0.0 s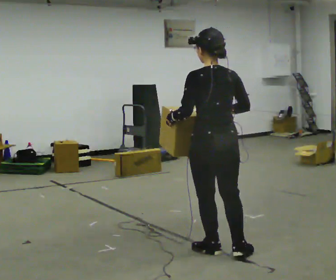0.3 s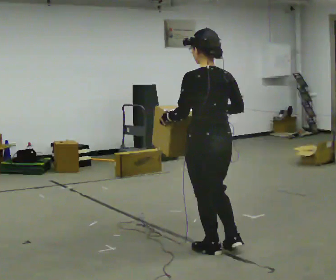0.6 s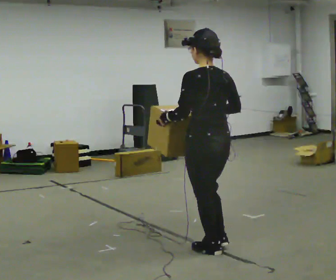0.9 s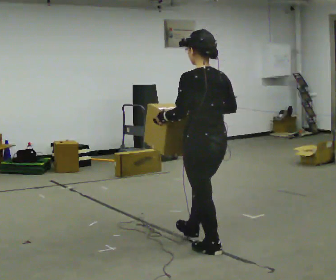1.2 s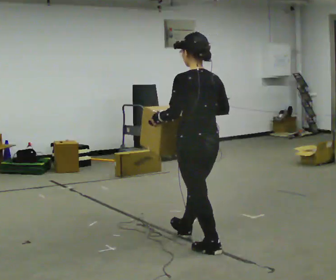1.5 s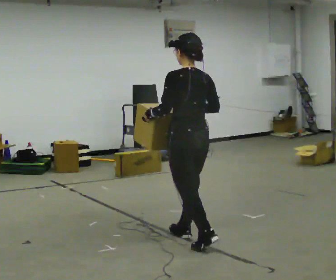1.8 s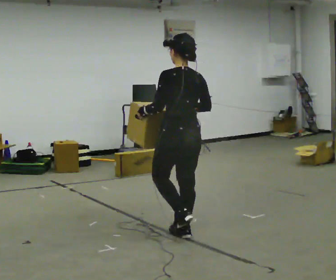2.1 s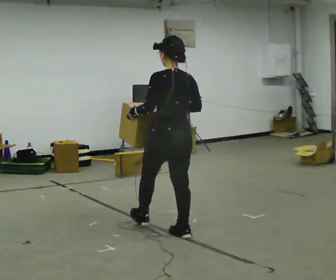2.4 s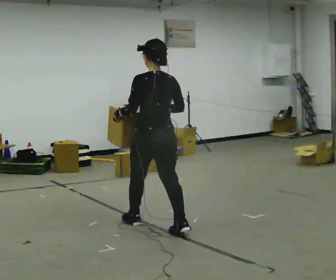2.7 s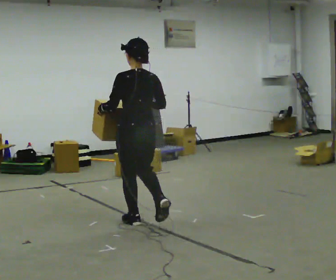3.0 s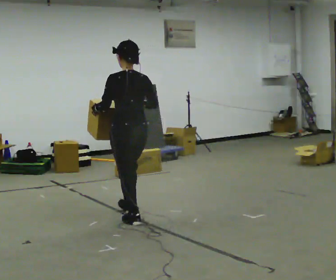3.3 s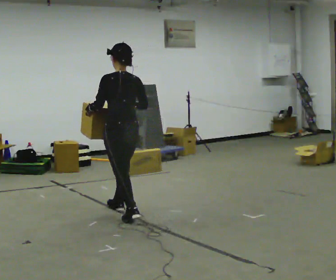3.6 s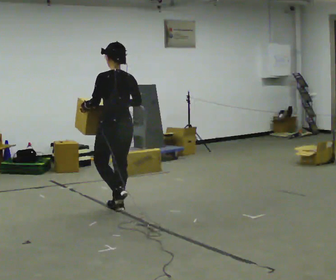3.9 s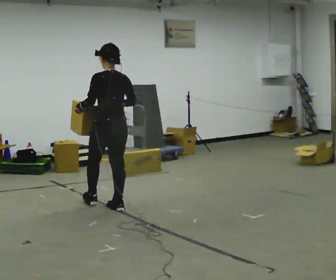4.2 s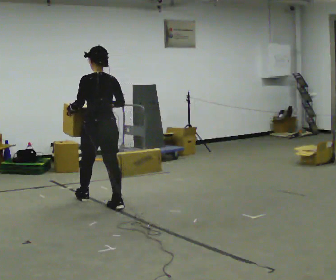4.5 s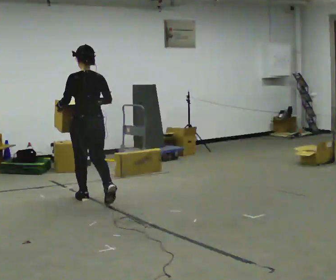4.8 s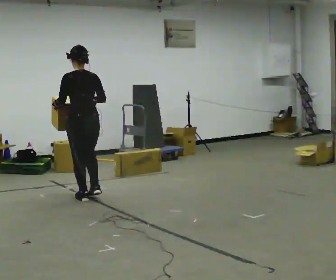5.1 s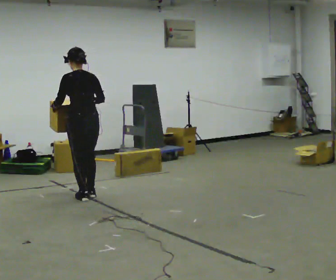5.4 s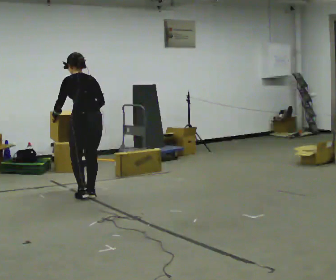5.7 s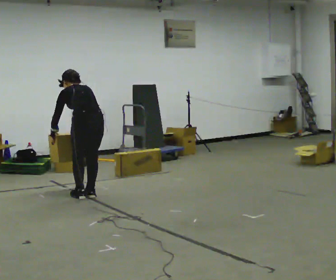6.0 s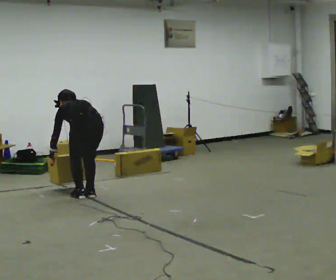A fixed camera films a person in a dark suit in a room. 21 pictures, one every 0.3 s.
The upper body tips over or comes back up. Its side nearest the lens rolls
upward.
0.0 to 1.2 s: In the picture they go away from the camera, about 0.25 m in 1 step, which for them is forward.
1.2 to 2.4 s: In the picture they go away from the camera and to the left, about 0.5 m in 1 step, which for them is forward.
2.4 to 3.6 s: In the picture they go away from the camera and to the left, about 0.5 m in 1 step, which for them is forward.
3.6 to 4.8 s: In the picture they go away from the camera and to the left, about 0.5 m in 1 step, which for them is forward.
4.8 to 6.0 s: The upper body goes downward. The upper body tips away from the camera, its near side rolling upward, as they bend forward. In the picture their right hand goes downward.
The film runs forward here.
